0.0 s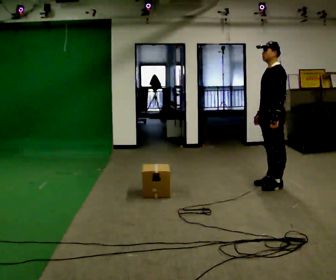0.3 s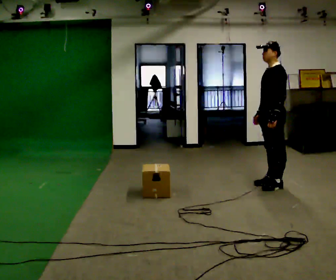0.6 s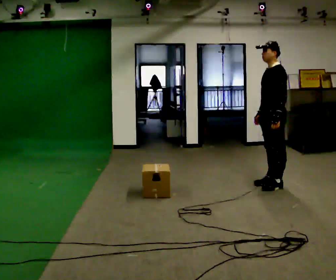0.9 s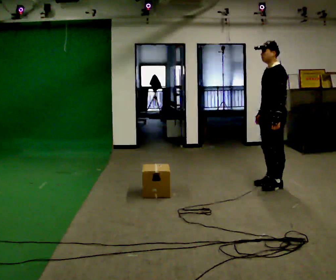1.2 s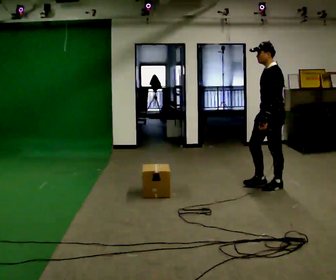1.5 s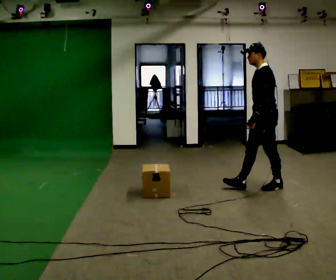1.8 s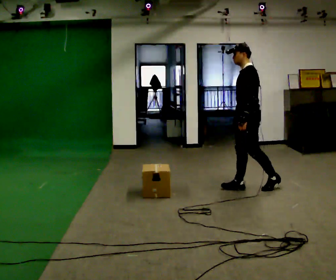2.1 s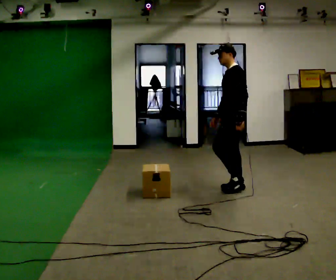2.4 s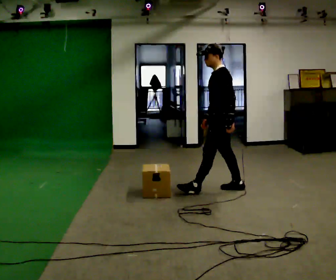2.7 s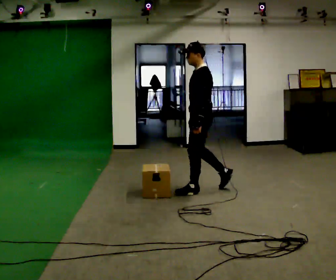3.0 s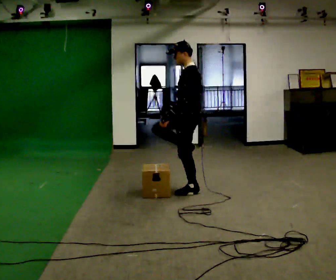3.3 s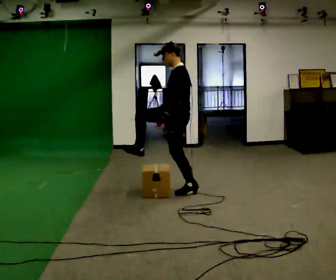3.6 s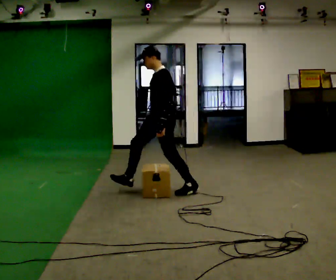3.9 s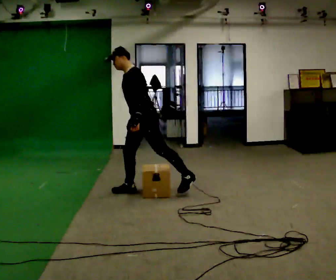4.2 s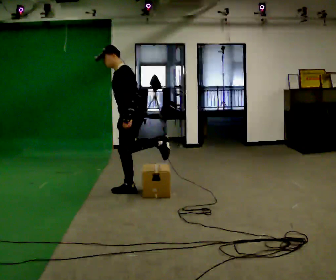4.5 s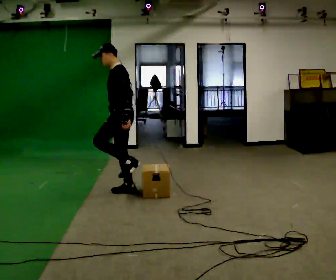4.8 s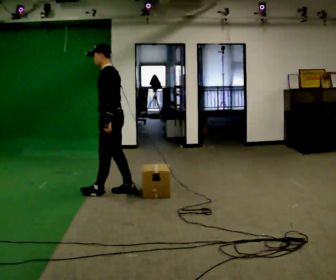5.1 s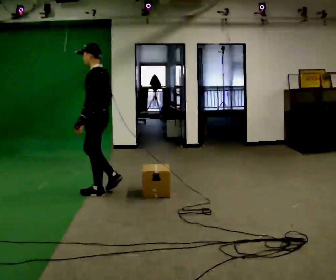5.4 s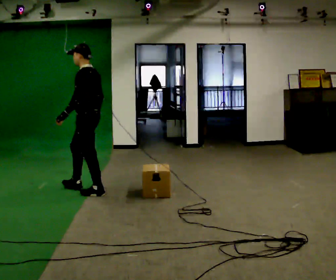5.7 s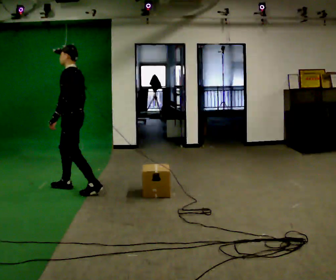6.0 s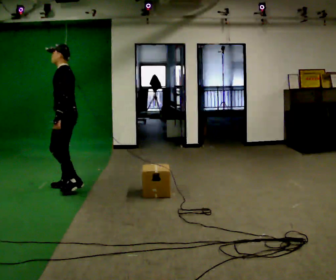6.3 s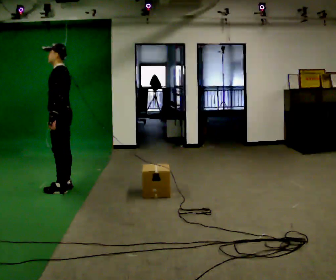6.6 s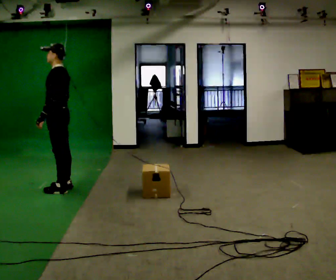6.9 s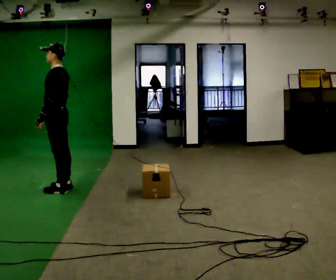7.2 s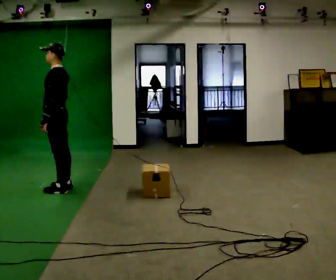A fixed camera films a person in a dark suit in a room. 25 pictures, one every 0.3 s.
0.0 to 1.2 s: The person moves a little, or ends about where they began.
1.2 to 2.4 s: In the picture they go to the left, about 0.5 m in 1 step, which for them is forward.
2.4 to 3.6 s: Seen from above the body turns counterclockwise, about 30 degrees: to their left, with its near side sliding to the right. In the picture they go to the left, about 0.75 m in 1 step, which for them is forward.
3.6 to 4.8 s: The part of the body nearest the lens slides to the left as the person turns to their right by about 30 degrees. In the picture they go to the left, about 0.5 m in 2 steps, which for them is forward.
4.8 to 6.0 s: In the picture they go to the left, about 0.5 m in 1 step, which for them is forward.
6.0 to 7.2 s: The person moves a little, or ends about where they began.
The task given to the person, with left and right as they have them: Walk across the room at a normal pace, looking ahead. Something may appear in your way. Deal with it however comes naturally and carry on.
The film runs forward here.
